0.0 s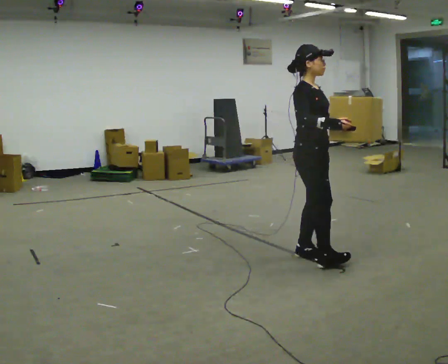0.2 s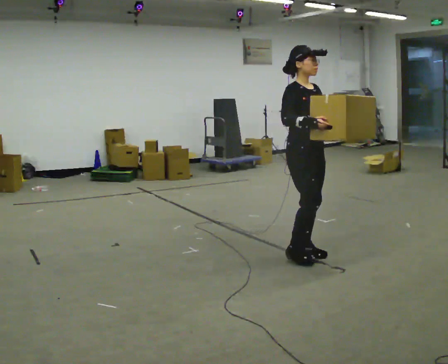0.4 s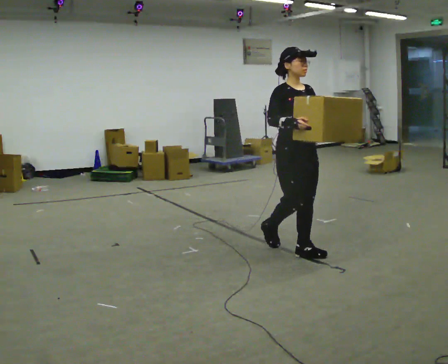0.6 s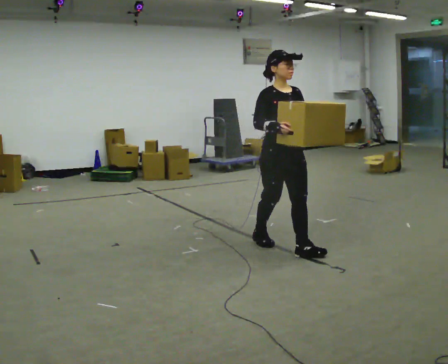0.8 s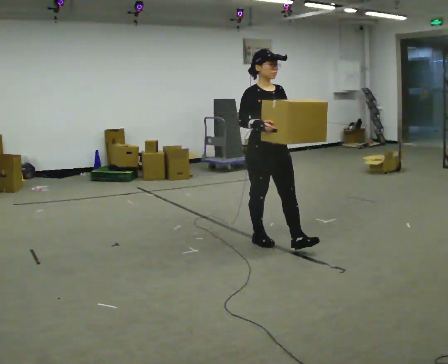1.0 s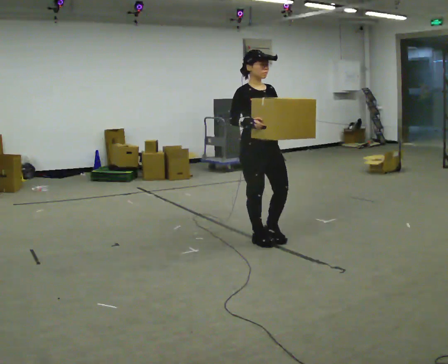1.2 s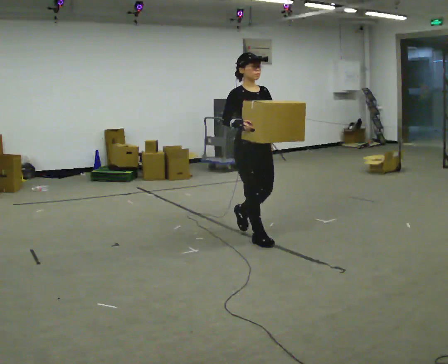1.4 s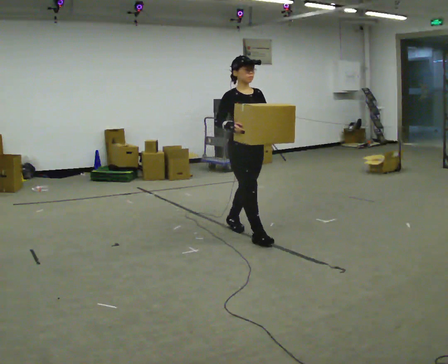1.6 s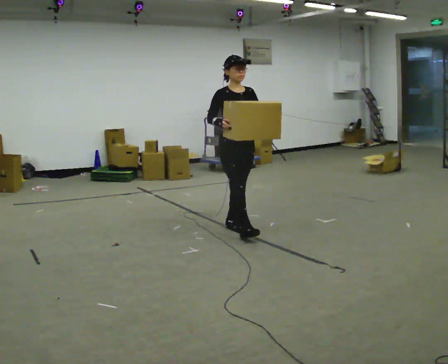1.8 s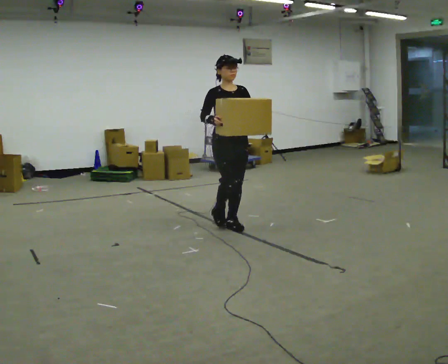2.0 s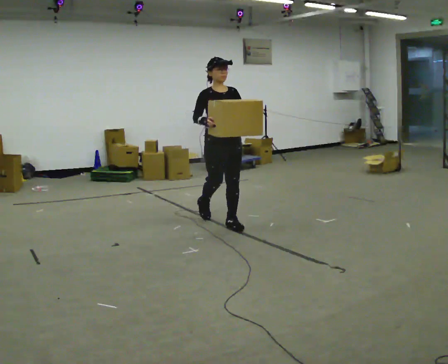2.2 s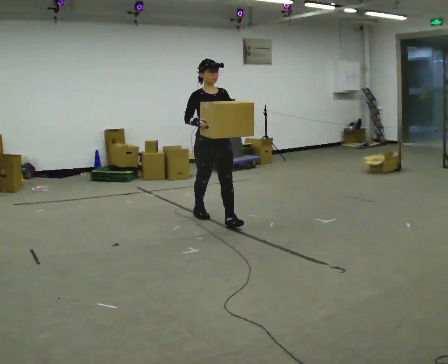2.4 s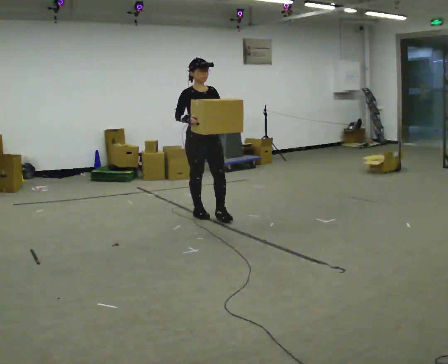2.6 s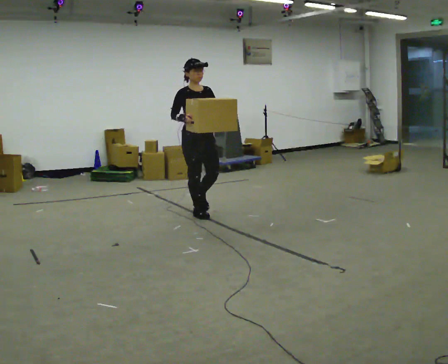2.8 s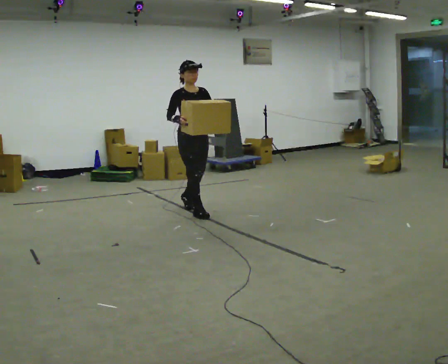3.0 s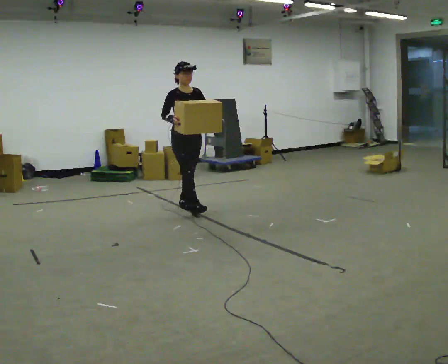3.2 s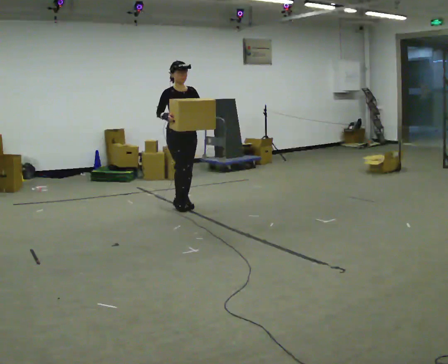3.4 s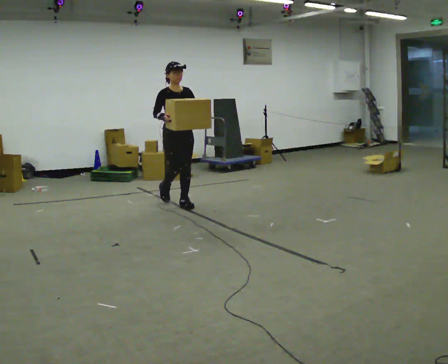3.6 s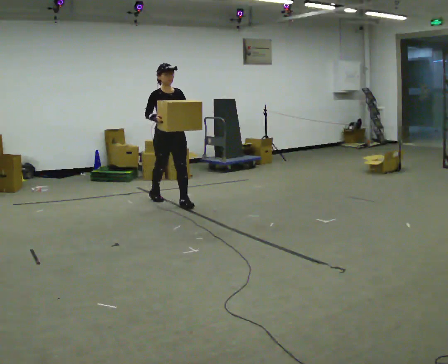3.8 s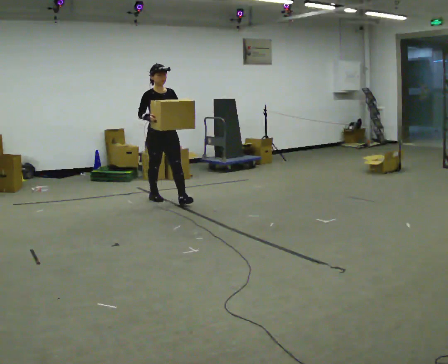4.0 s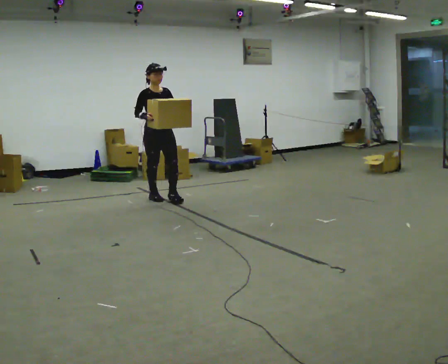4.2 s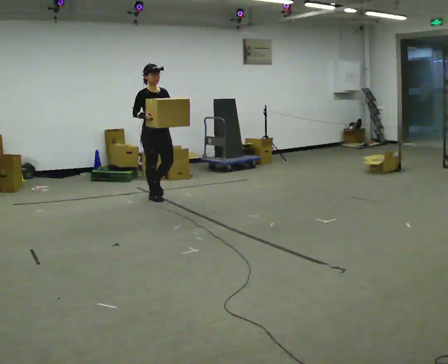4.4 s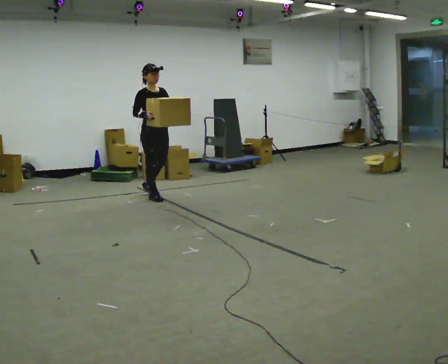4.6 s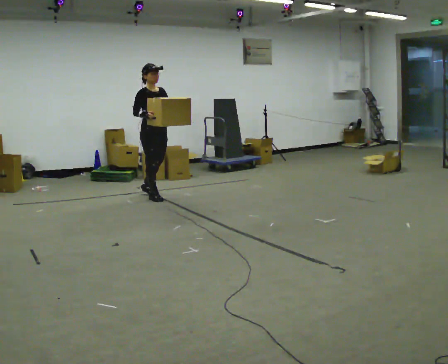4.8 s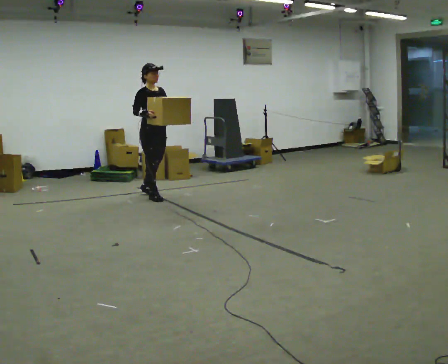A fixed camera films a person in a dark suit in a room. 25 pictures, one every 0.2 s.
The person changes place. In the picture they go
away from the camera.
0.0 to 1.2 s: Seen from above the body turns clockwise, about 30 degrees: to their right, with its near side sliding to the left. In the picture they go away from the camera and to the left, about 0.75 m in 1 step, which for them is backward.
1.2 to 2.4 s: In the picture they go away from the camera and to the left, about 1 m in 2 steps, which for them is backward.
2.4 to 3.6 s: In the picture they go away from the camera and to the left, about 1 m in 1 step, which for them is backward.
3.6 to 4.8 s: In the picture they go away from the camera and to the left, about 0.5 m in 1 step, which for them is backward.
The film runs backward here.
